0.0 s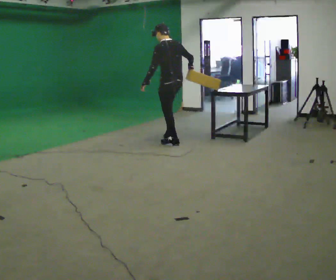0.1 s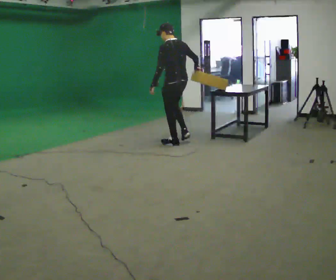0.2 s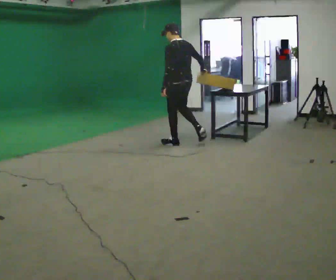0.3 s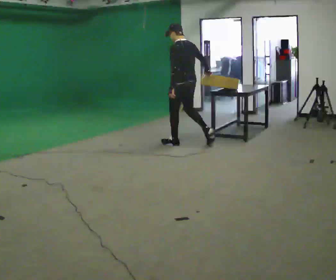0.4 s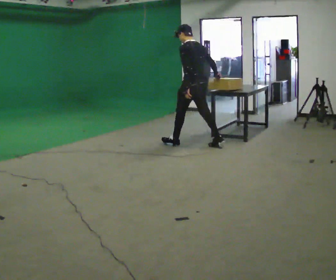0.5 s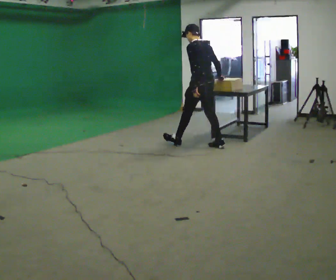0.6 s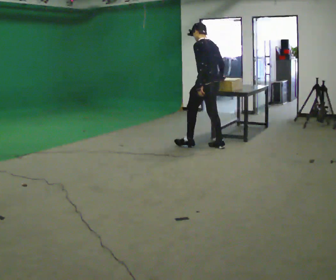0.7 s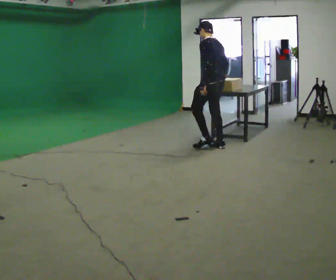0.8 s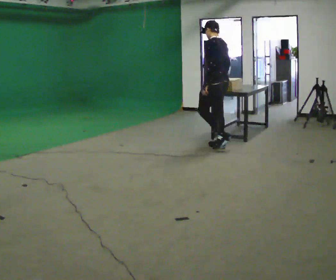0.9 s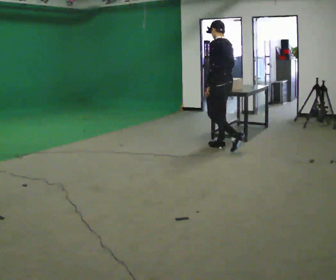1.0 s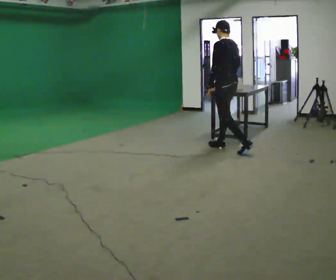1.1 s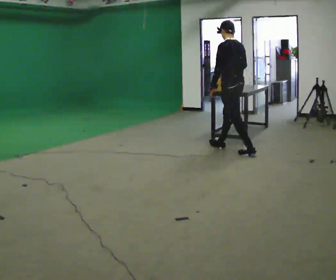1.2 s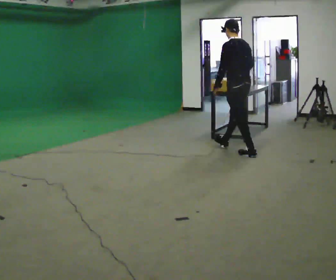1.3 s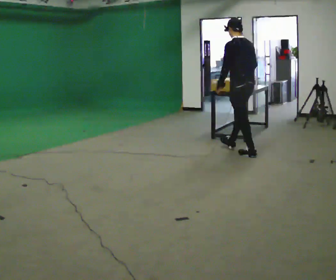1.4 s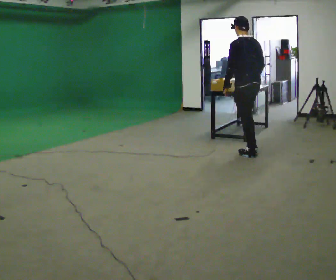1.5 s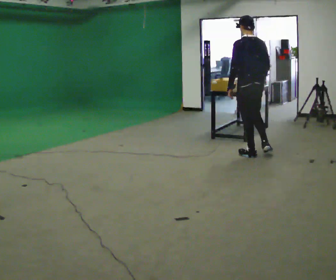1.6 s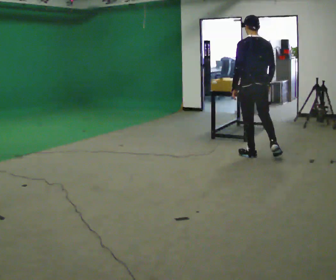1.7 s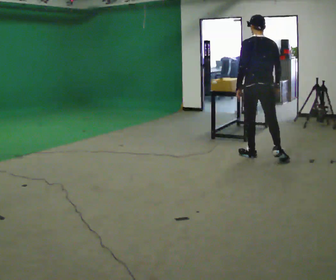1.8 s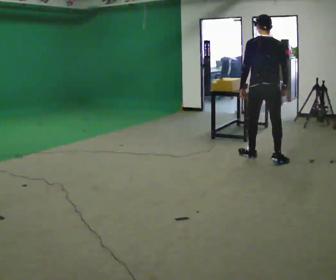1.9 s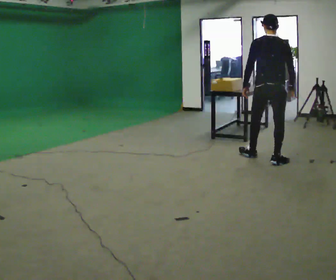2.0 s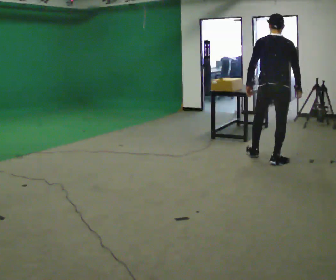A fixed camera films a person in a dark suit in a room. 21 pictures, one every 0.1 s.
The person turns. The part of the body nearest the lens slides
to the left.
The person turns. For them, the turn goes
to their right.
0.0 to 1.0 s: In the picture they go to the right and toward the camera, about 1 m in 1 step, which for them is backward.
1.0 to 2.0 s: Seen from above the body turns clockwise, about 75 degrees: to their right, with its near side sliding to the left. In the picture they go to the right and toward the camera, about 1 m in 2 steps.
The film runs backward here.
